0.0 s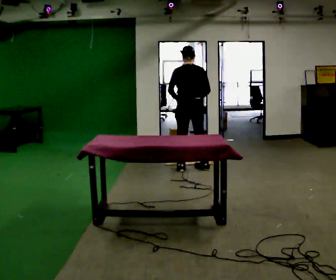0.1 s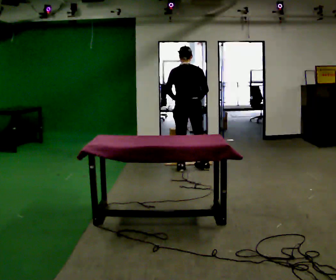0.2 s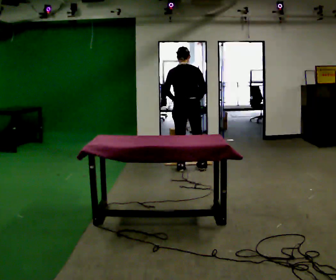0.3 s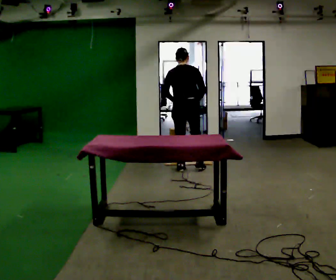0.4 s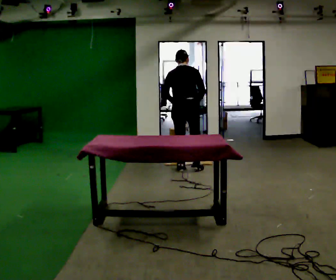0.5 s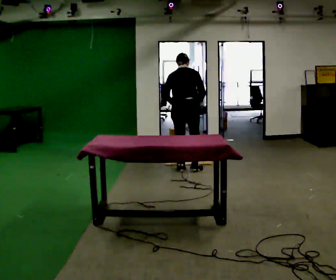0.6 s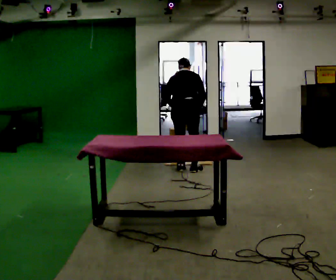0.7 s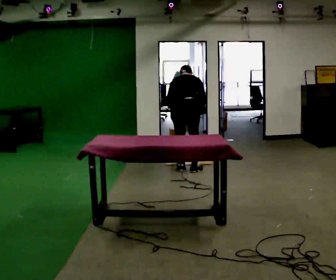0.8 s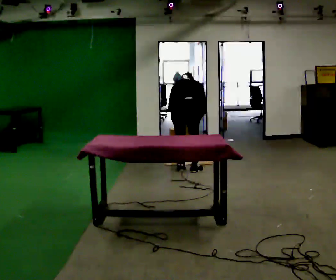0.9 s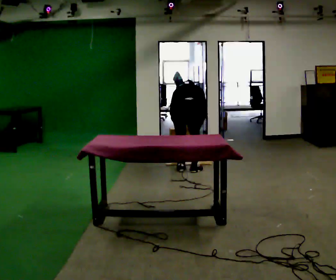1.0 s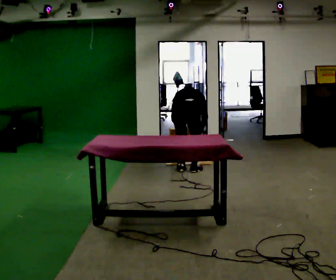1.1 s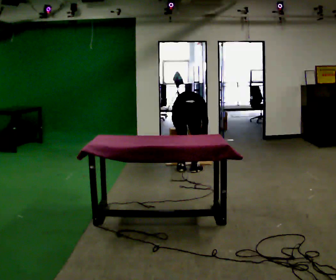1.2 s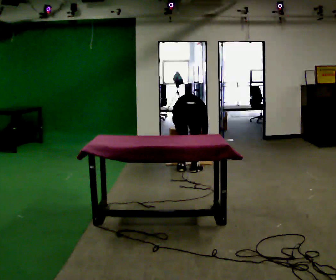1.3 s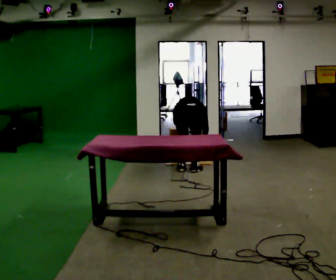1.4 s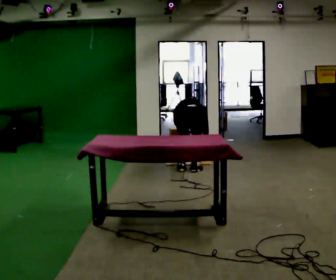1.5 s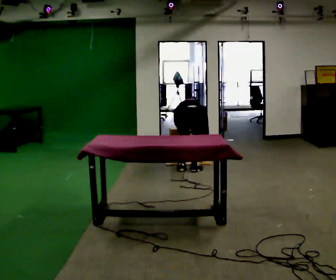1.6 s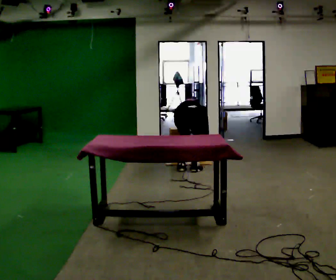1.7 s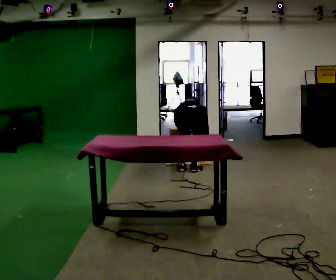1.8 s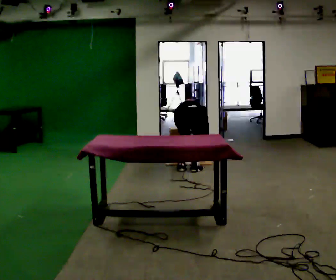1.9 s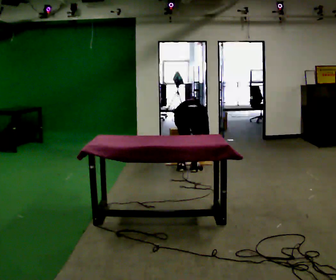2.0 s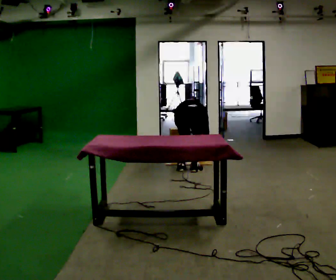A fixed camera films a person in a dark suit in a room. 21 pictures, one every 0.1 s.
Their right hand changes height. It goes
downward.
The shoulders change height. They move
downward.
0.0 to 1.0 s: In the picture they go toward the camera, about 0.25 m in 1 step, which for them is backward. The upper body goes downward. The upper body tips away from the camera, its near side rolling upward, as they bend forward. In the picture their right hand goes downward.
1.0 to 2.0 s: The upper body goes downward. The upper body tips away from the camera, its near side rolling upward, as they bend forward.
The film runs backward here.
